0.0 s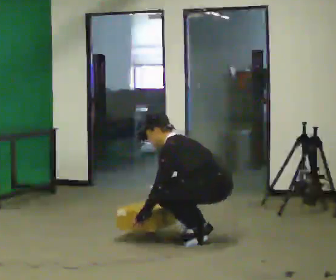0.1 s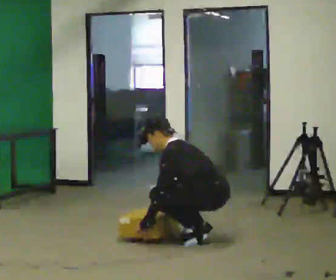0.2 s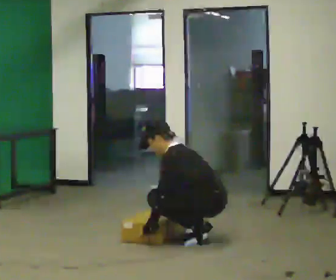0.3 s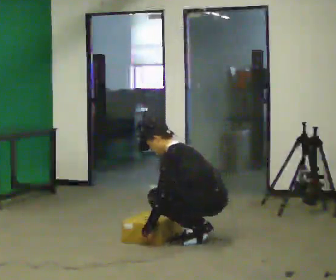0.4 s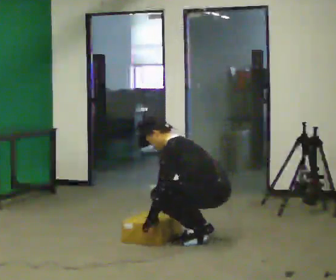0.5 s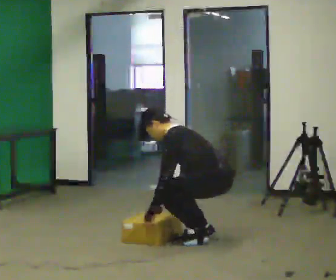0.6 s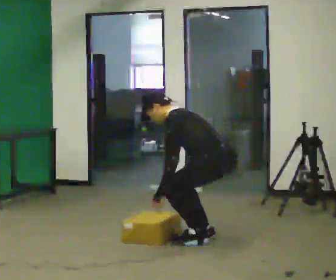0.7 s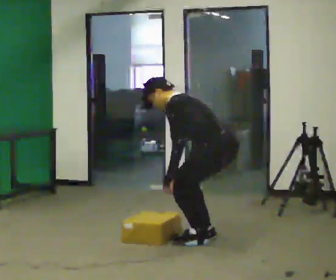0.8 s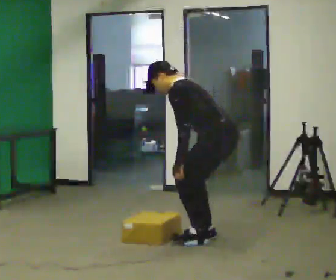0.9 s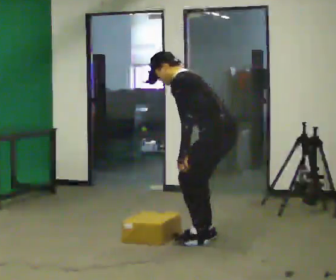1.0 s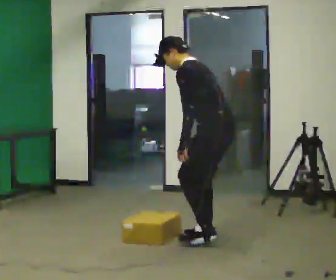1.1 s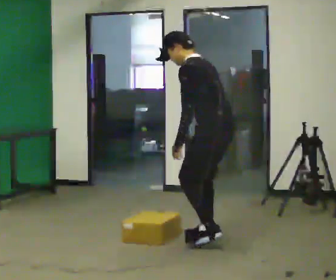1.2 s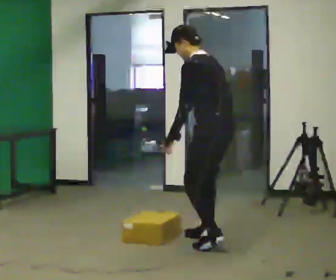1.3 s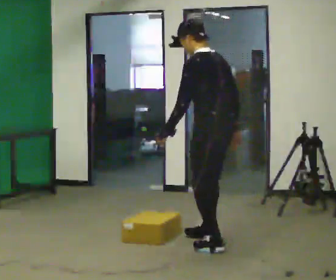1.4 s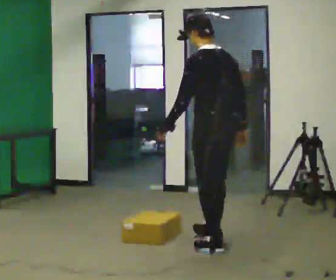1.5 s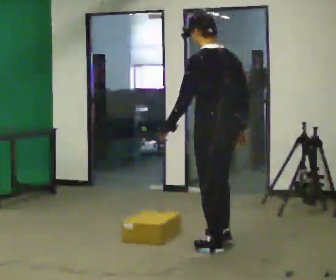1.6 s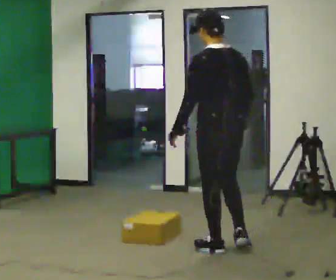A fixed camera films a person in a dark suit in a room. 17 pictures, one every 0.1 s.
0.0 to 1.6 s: The person turns about 45 degrees to their right, clockwise seen from above, so the part of the body nearest the lens slides to the left. In the picture they go toward the camera, about 0.25 m in 2 steps, which for them is to their left and backward. The upper body goes upward. In the picture the upper body tilts clockwise, shoulders to the right, as they lean back or straighten. In the picture their left hand goes upward.
The film runs backward here.
